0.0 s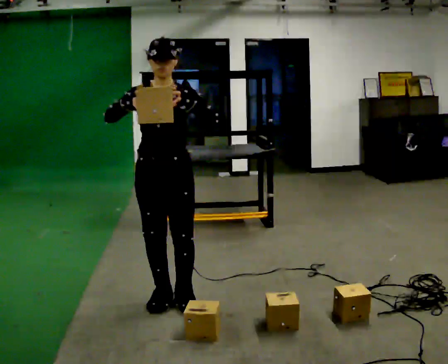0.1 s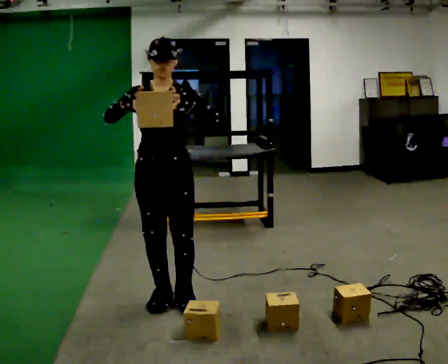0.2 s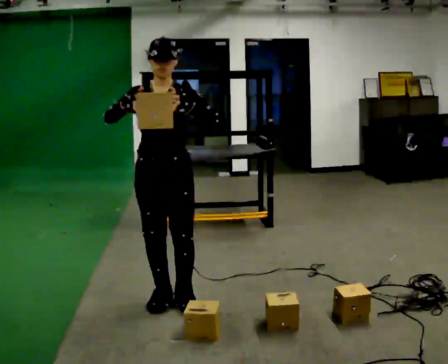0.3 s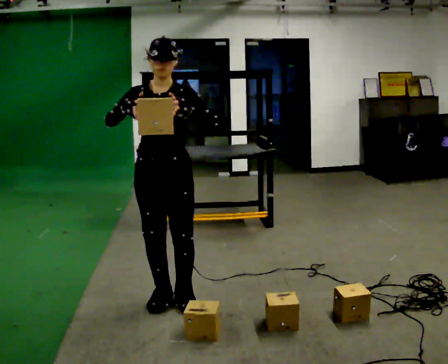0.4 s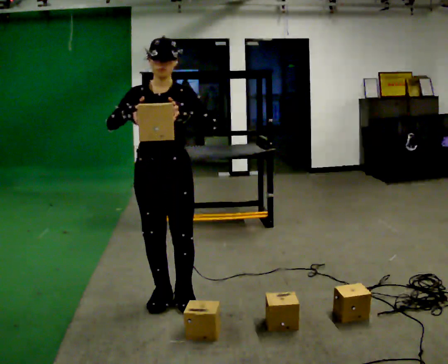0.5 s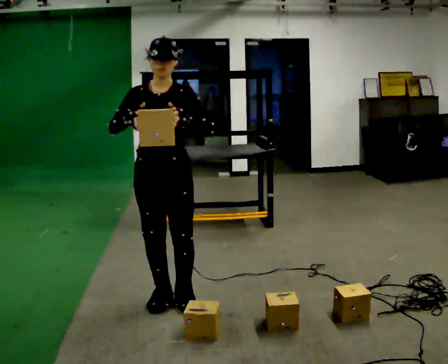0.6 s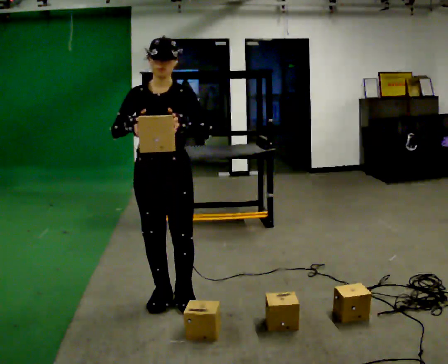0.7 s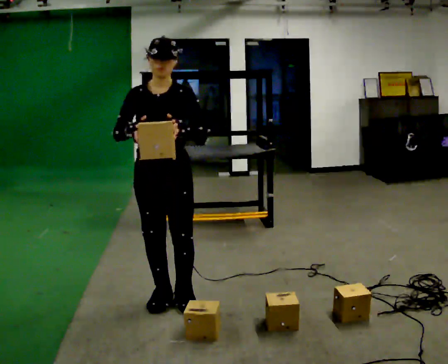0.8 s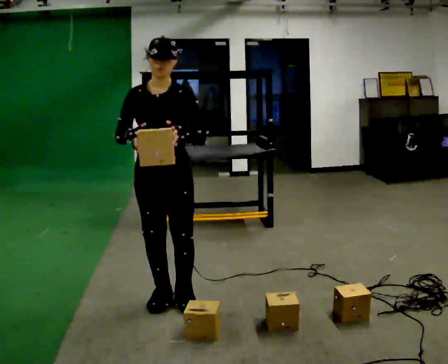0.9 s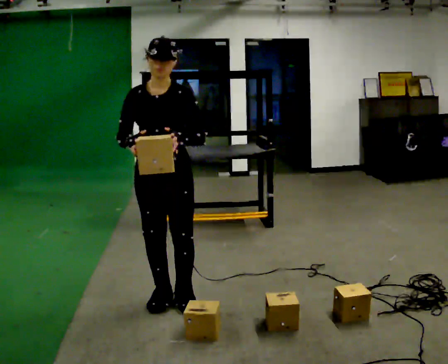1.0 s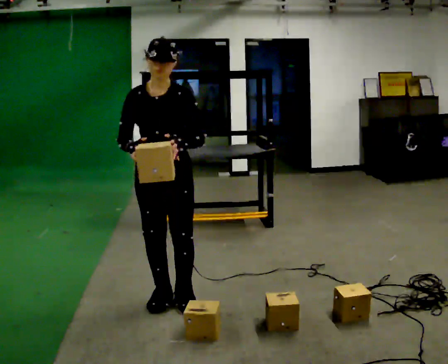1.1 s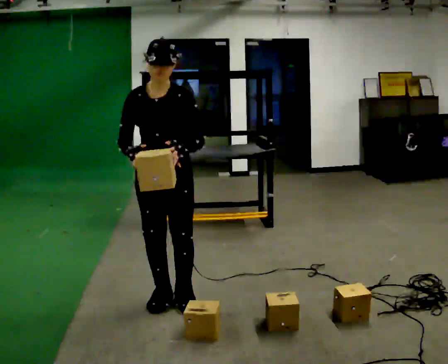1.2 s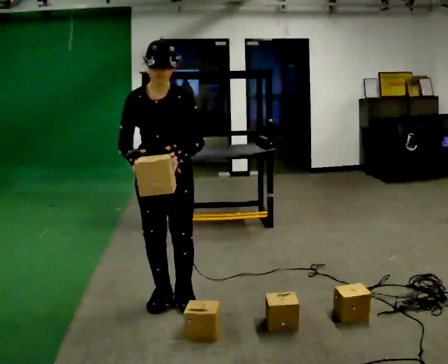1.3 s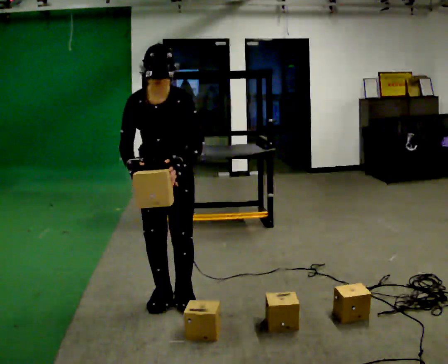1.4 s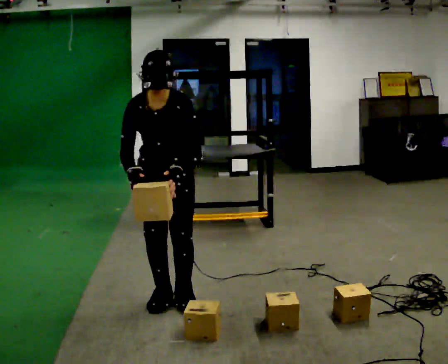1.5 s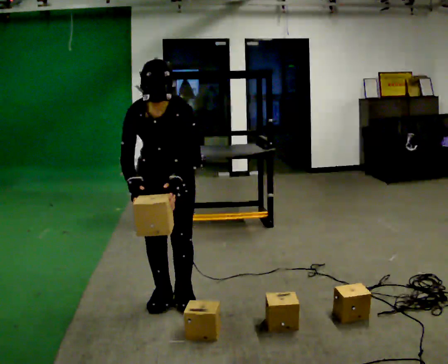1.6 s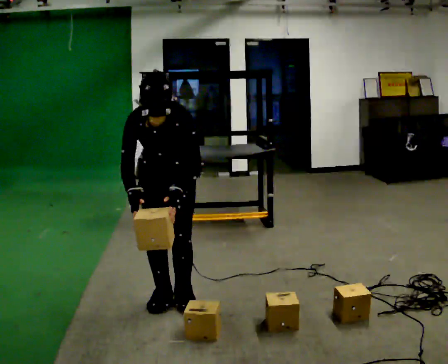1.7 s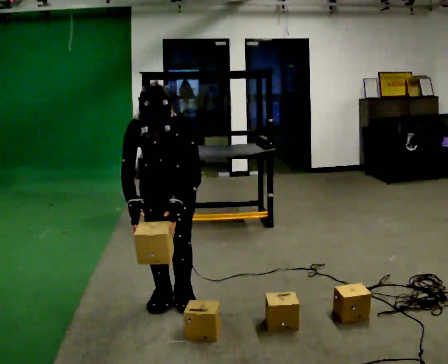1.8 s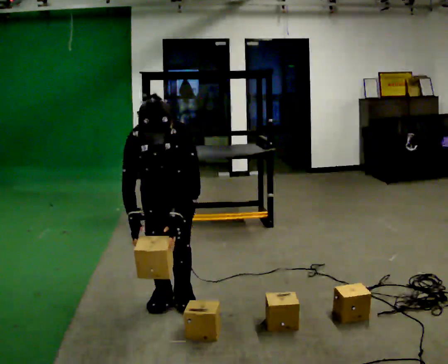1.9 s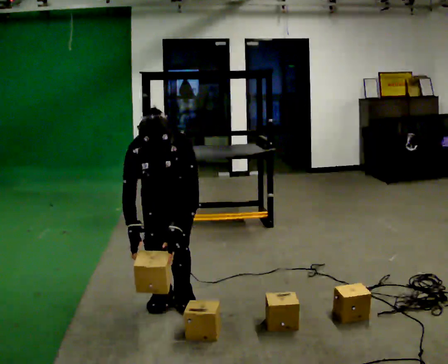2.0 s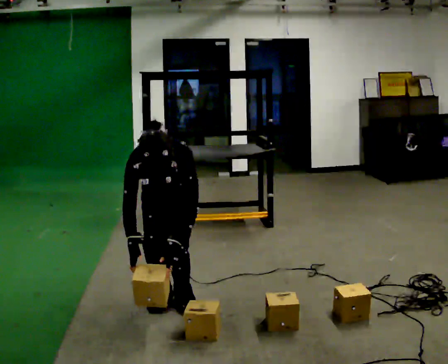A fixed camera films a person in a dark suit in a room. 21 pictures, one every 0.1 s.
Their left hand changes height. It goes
downward.
Their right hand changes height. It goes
downward.
0.0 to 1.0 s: The person moves a little, or ends about where they began.
1.0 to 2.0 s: The shoulders move downward. The upper body tips toward the camera, its near side rolling downward, as they bend forward. In the picture their right hand goes downward.
The film runs backward here.
